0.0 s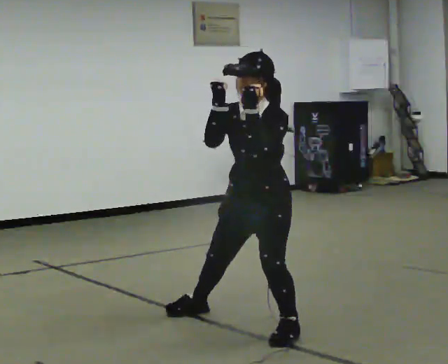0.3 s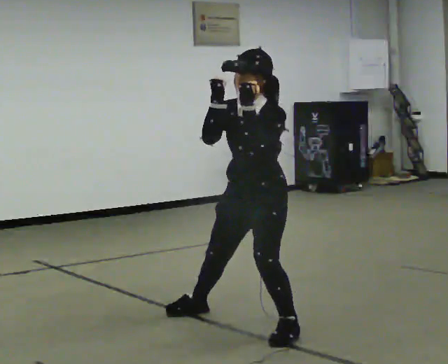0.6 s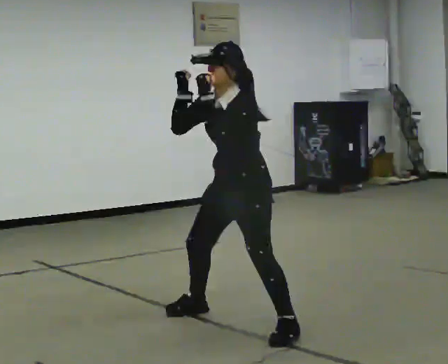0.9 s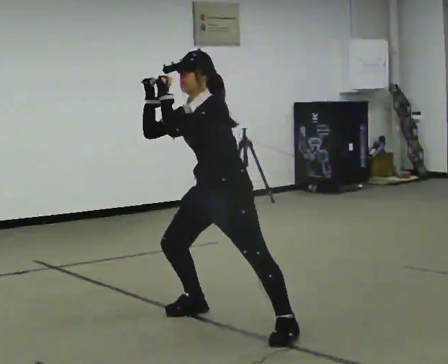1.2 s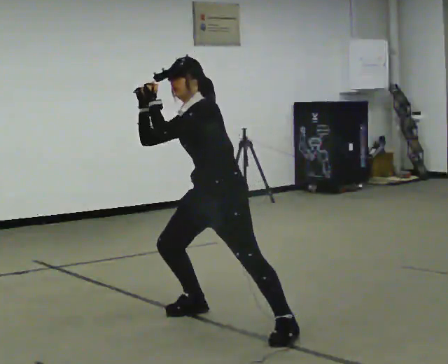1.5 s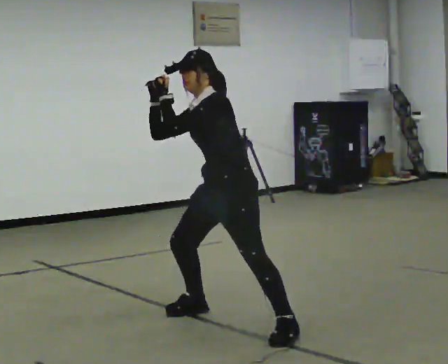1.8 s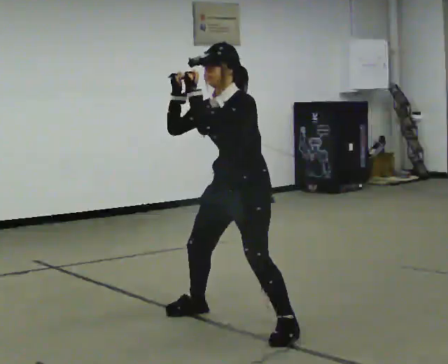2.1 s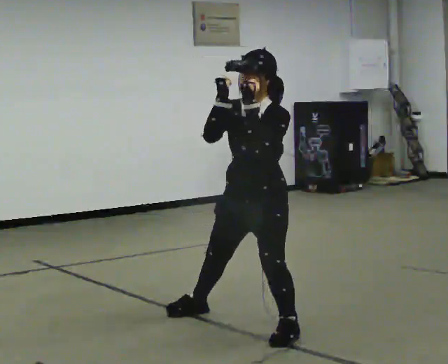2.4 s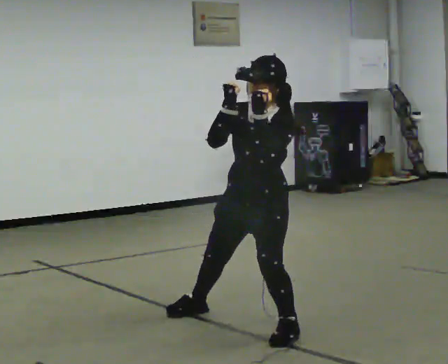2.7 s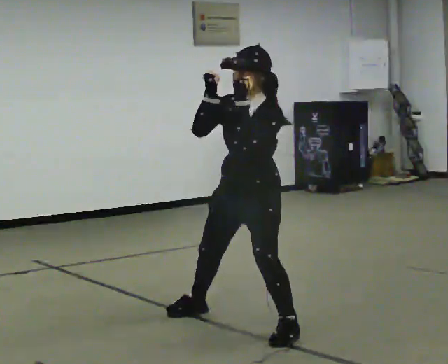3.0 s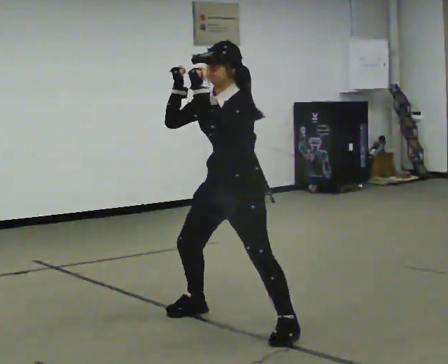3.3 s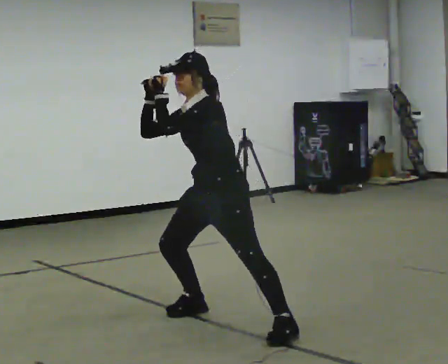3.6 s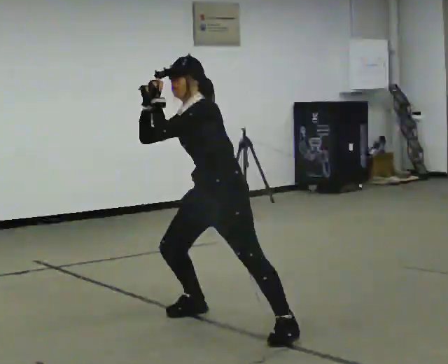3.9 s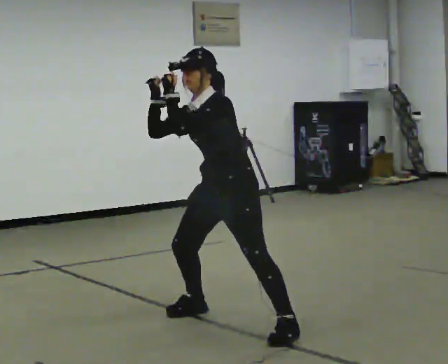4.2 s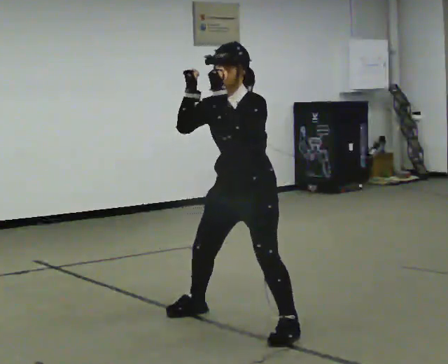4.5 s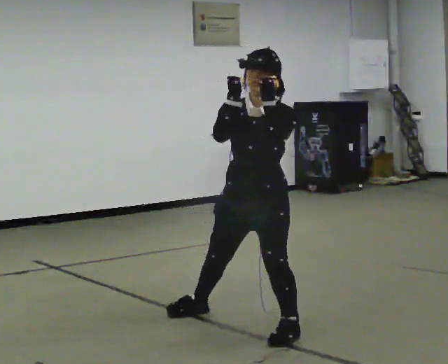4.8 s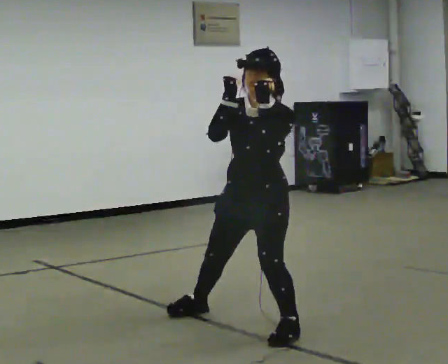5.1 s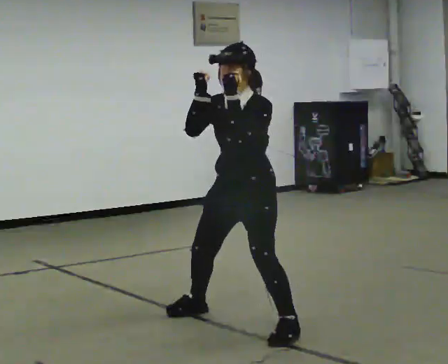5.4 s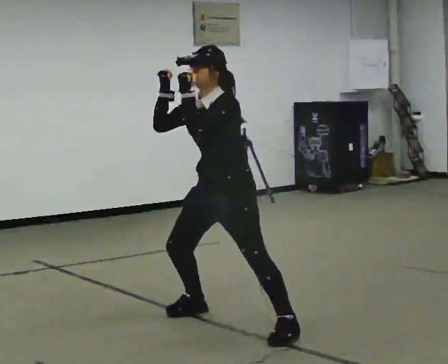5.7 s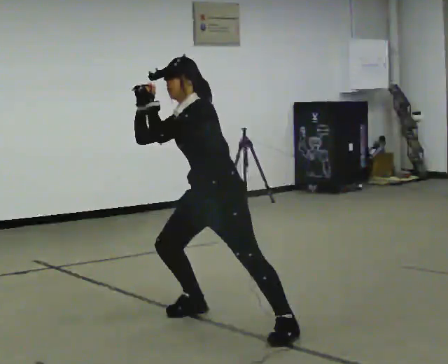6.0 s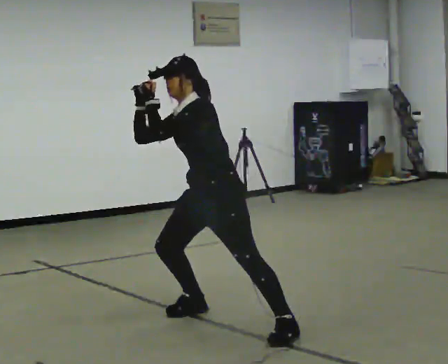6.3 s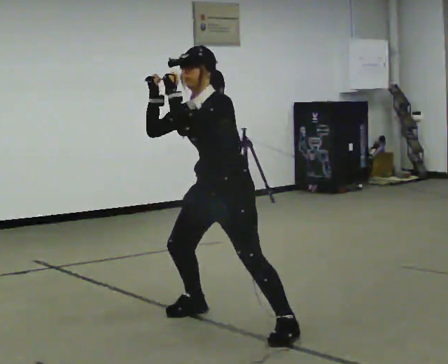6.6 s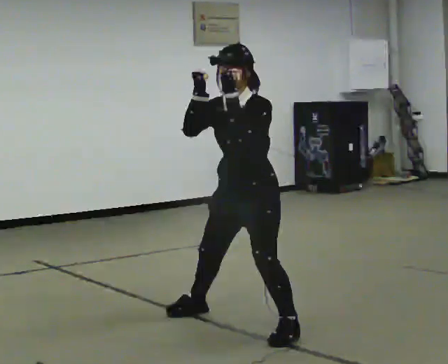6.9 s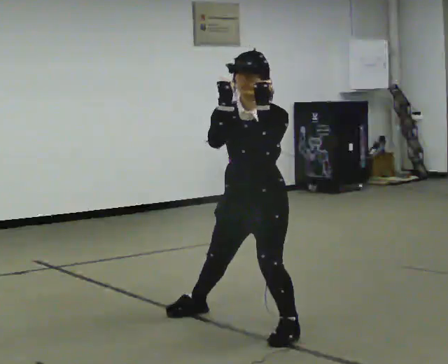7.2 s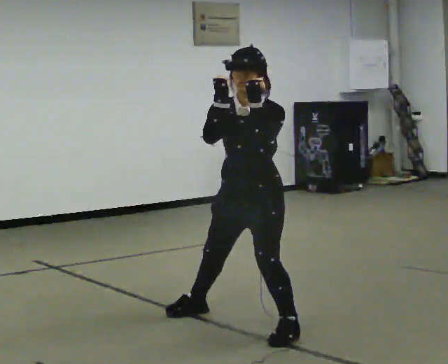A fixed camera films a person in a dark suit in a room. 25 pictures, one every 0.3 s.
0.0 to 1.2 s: In the picture they go away from the camera and to the left, about 0.25 m, which for them is to their right. The upper body tips away from the camera, its near side rolling upward.
1.2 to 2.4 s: In the picture they go toward the camera and to the right, about 0.25 m, which for them is to their left. The upper body tips toward the camera, its near side rolling downward.
2.4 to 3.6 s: In the picture they go away from the camera and to the left, about 0.25 m, which for them is to their right. The upper body tips away from the camera, its near side rolling upward.
3.6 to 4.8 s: In the picture they go toward the camera and to the right, about 0.25 m, which for them is to their left. The upper body tips toward the camera, its near side rolling downward.
4.8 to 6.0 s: In the picture they go to the left and away from the camera, about 0.25 m, which for them is to their right. The upper body tips away from the camera, its near side rolling upward.
6.0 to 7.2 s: In the picture they go toward the camera and to the right, about 0.25 m, which for them is to their left. The upper body tips toward the camera, its near side rolling downward.
The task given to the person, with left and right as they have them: Move as if avoiding punches: slip your head side to side, duck, and raise your guard. Repeat the movement at your own pace until the operator says stop; do not rush.
The film runs forward here.
